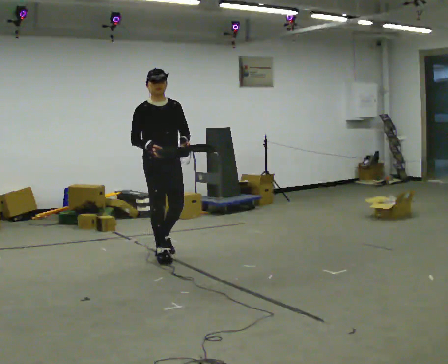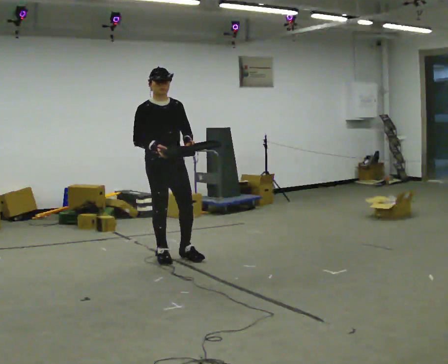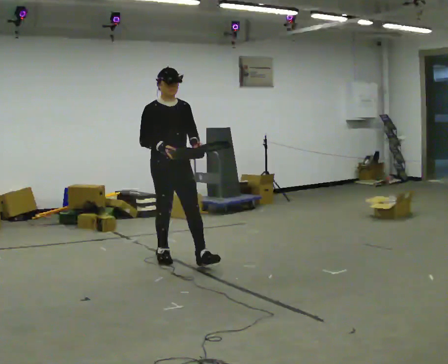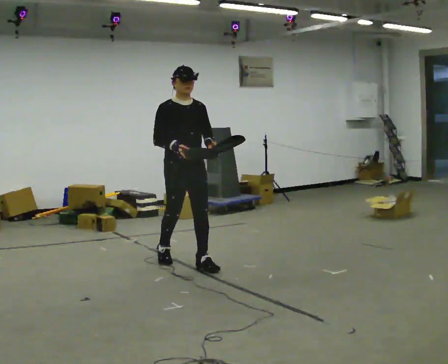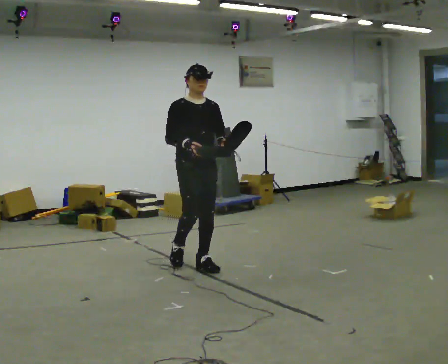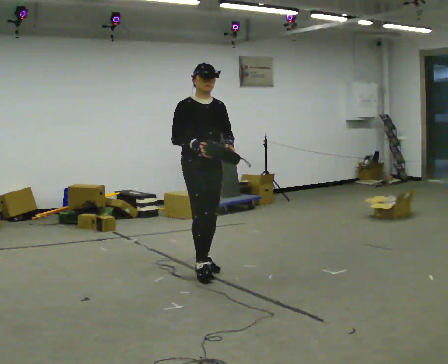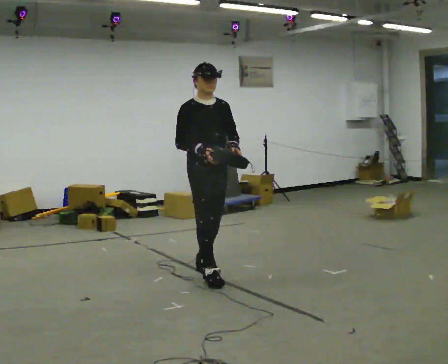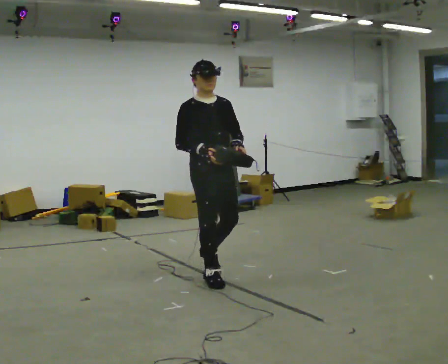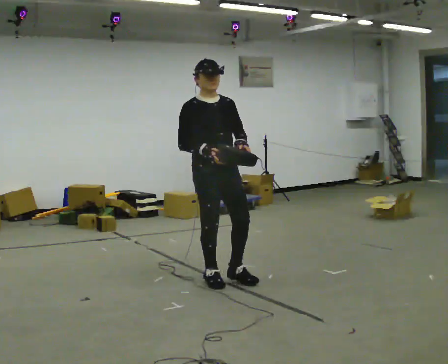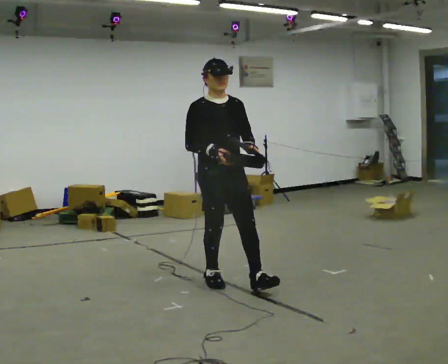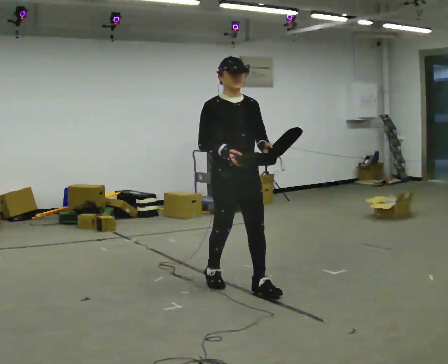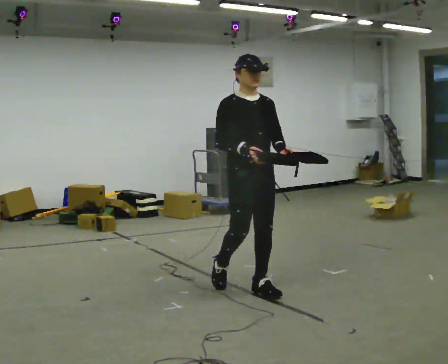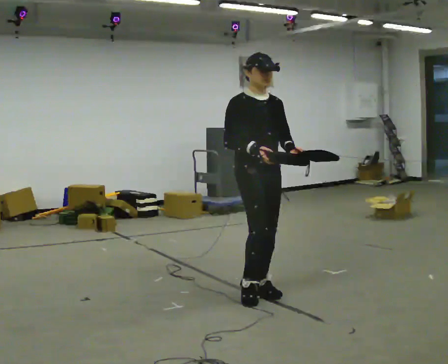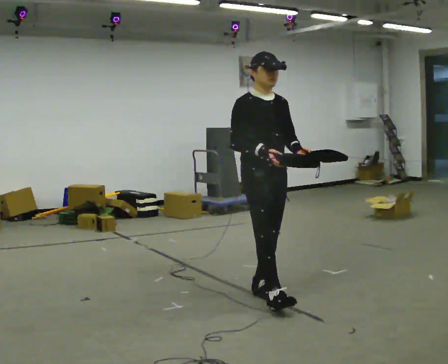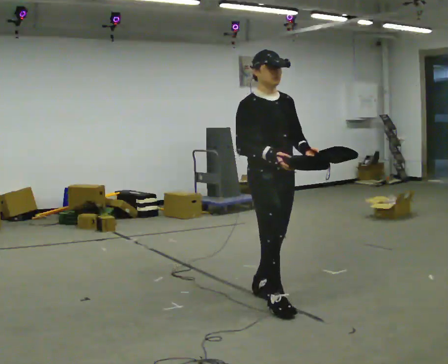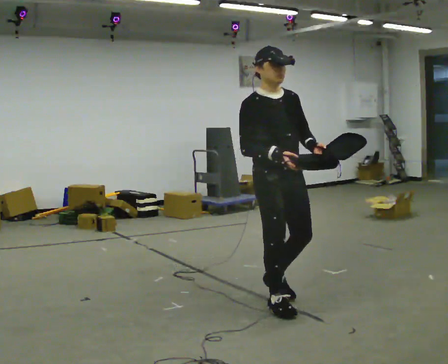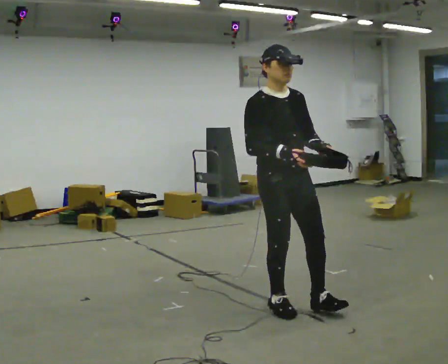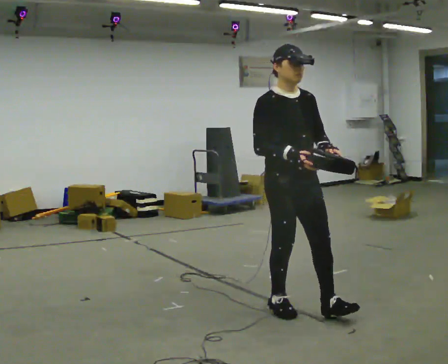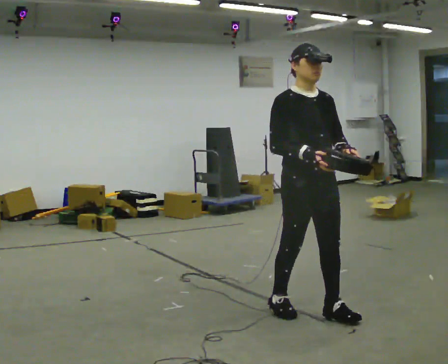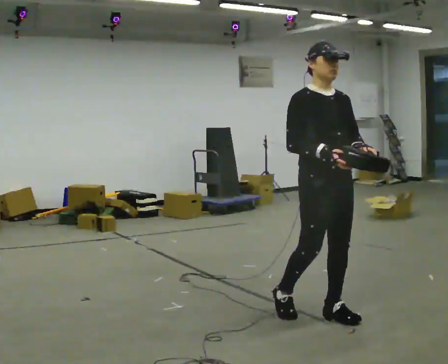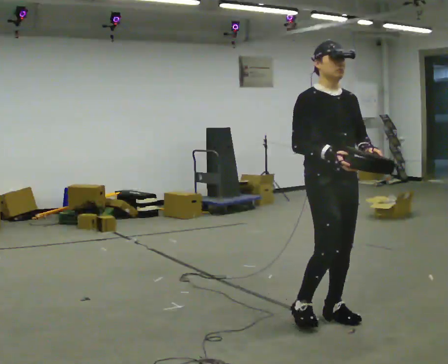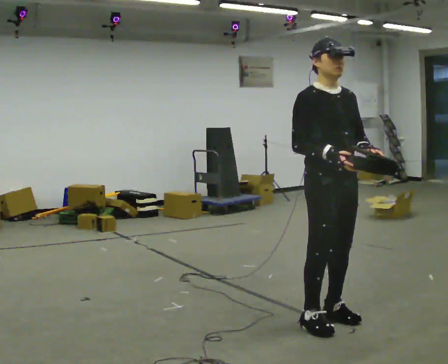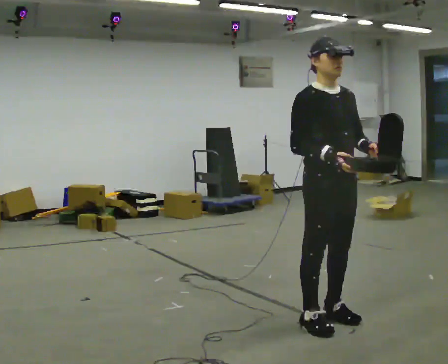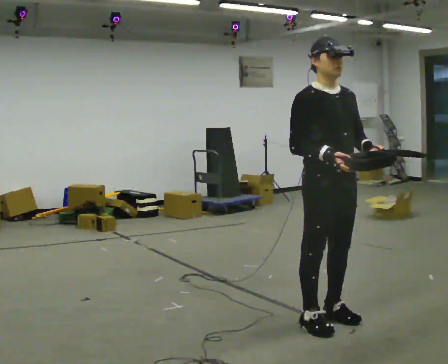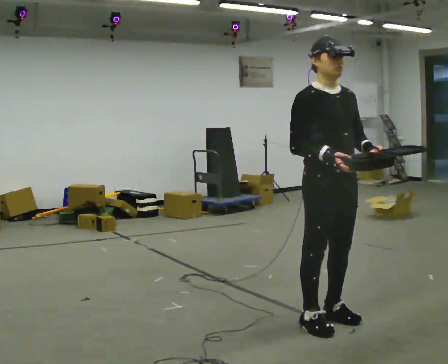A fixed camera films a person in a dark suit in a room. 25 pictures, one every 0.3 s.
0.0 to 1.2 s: In the picture they go to the right and toward the camera, about 0.5 m in 1 step, which for them is forward.
1.2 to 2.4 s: In the picture they go toward the camera and to the right, about 0.5 m in 1 step, which for them is forward.
2.4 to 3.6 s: In the picture they go to the right and toward the camera, about 0.5 m in 1 step, which for them is forward and to their left.
3.6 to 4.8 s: In the picture they go toward the camera and to the right, about 0.5 m in 1 step, which for them is forward.
4.8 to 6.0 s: In the picture they go to the right and toward the camera, about 0.25 m in 1 step, which for them is forward and to their left.
6.0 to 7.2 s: The person moves a little, or ends about where they began.
The film runs forward here.
